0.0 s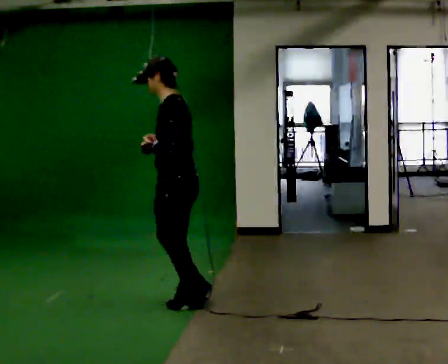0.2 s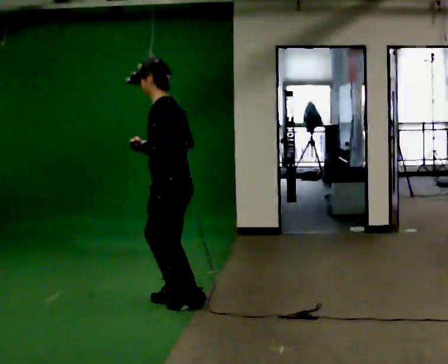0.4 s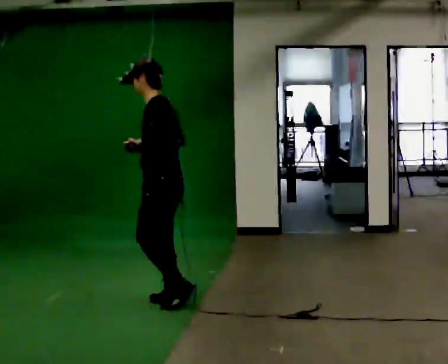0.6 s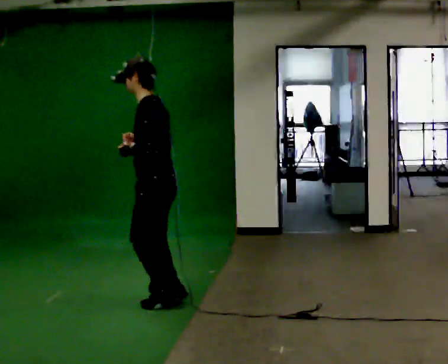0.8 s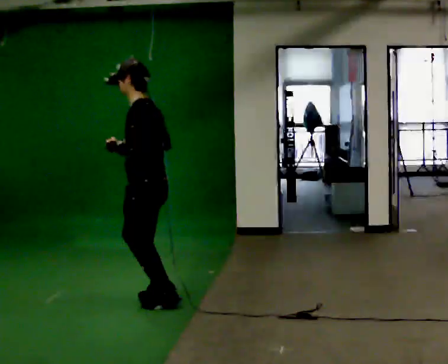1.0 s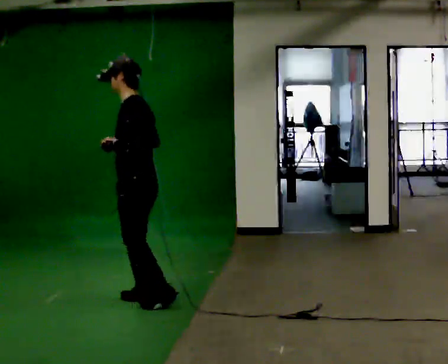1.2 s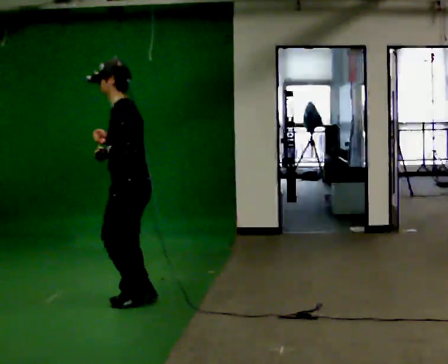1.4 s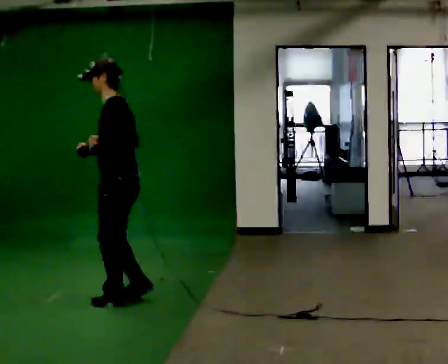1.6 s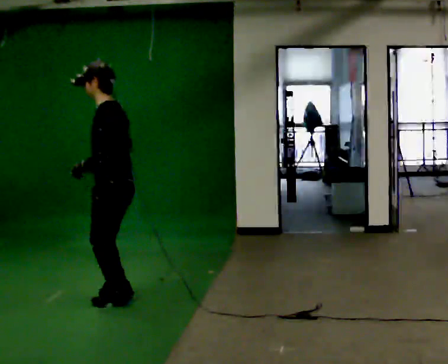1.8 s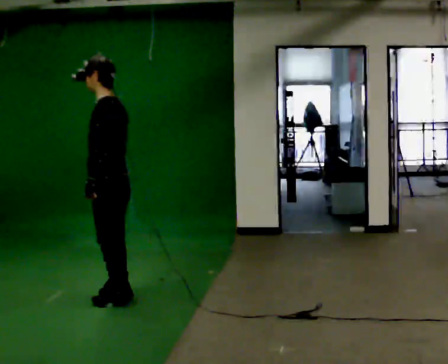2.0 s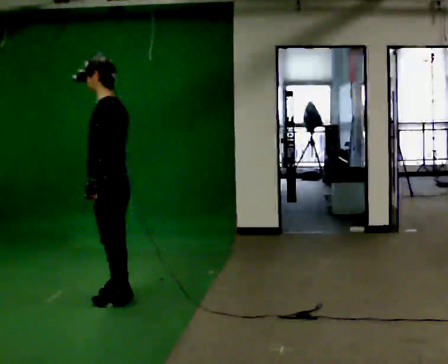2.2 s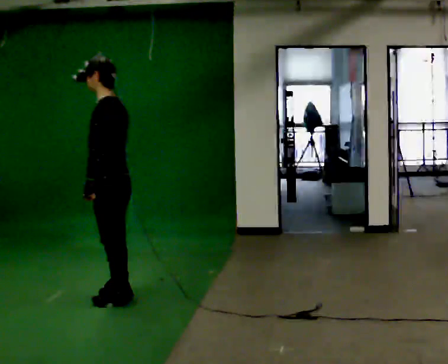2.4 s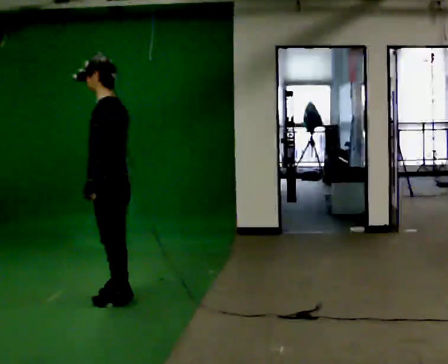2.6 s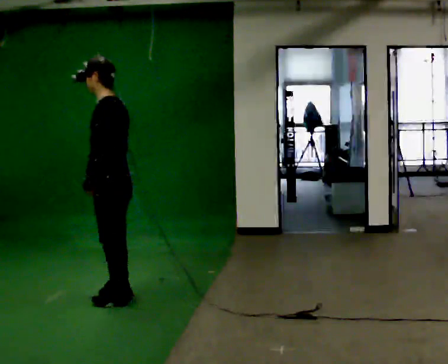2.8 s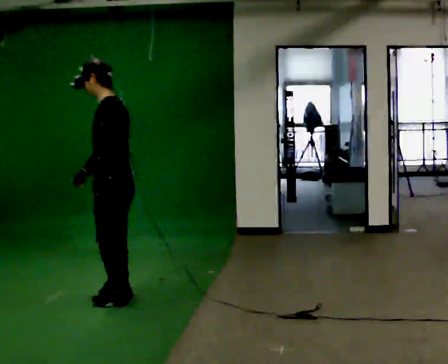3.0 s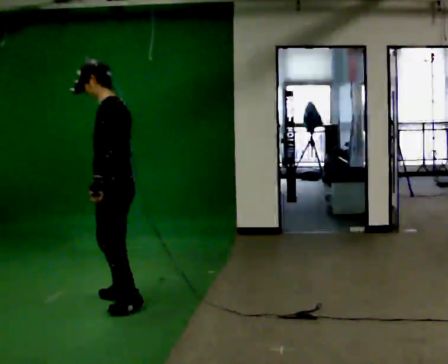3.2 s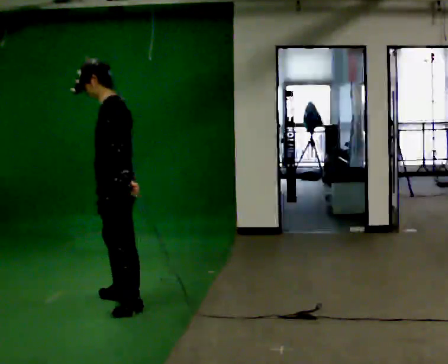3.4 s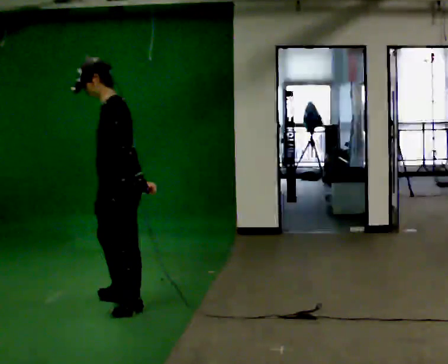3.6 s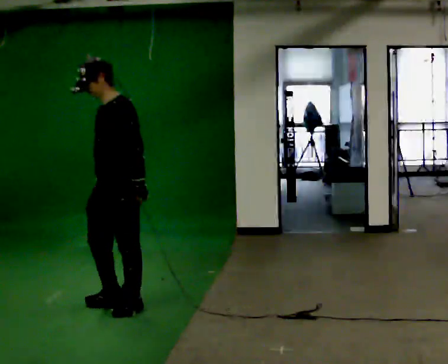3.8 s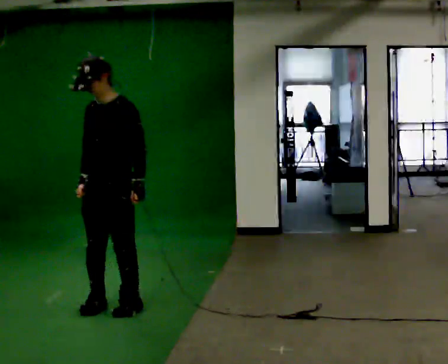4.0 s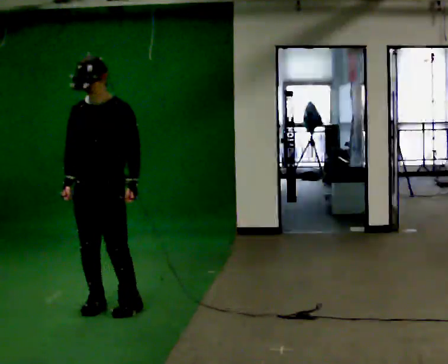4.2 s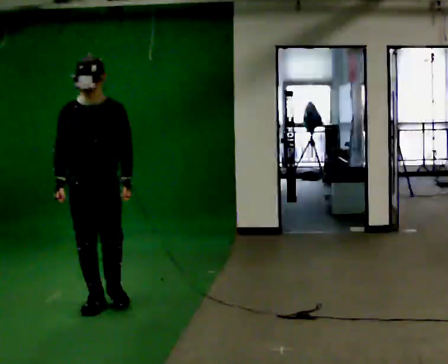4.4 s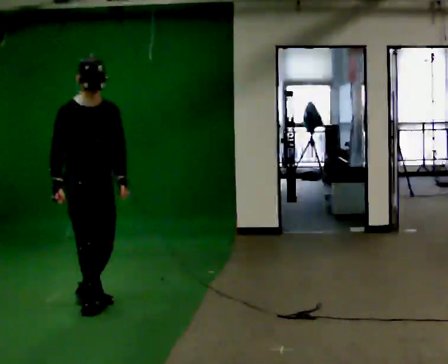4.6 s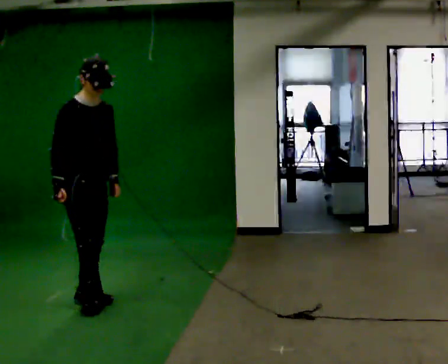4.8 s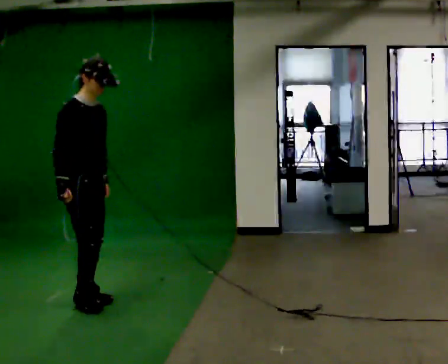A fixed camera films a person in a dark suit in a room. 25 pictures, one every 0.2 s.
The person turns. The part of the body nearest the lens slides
to the right.
The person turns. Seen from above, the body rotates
counterclockwise.
0.0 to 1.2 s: In the picture they go to the left, about 0.25 m in 3 steps, which for them is forward.
1.2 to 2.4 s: The person moves a little, or ends about where they began.
2.4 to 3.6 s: The person turns about 45 degrees to their left, counterclockwise seen from above, so the part of the body nearest the lens slides to the right. In the picture they go toward the camera, about 0.25 m in 2 steps, which for them is to their left. In the picture their left hand goes to the right.
3.6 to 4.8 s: The person turns about 120 degrees to their left, counterclockwise seen from above, so the part of the body nearest the lens slides to the right. In the picture they go to the left, about 0.25 m in 1 step.
The film runs backward here.
